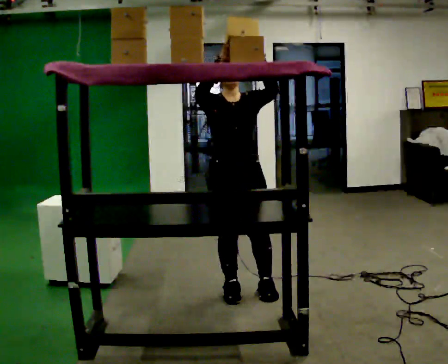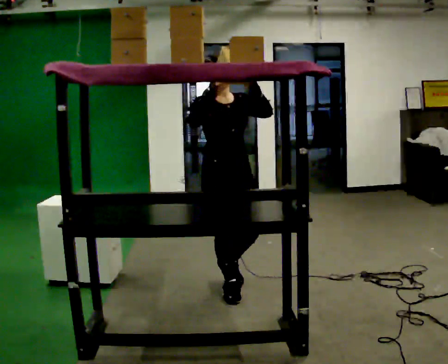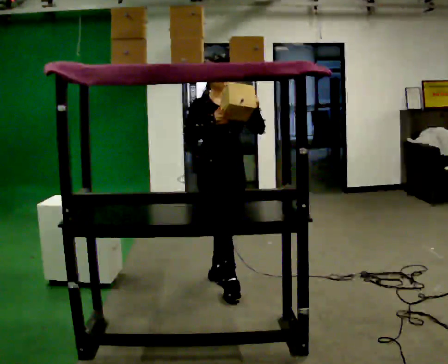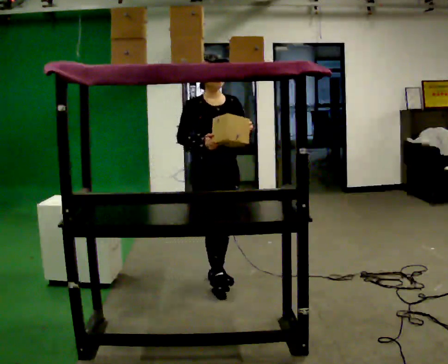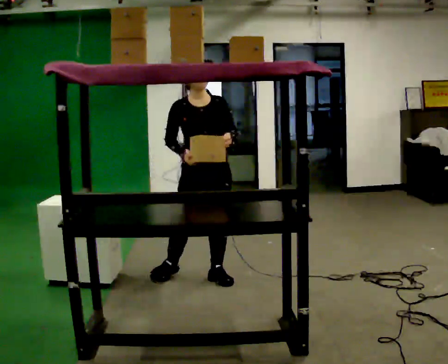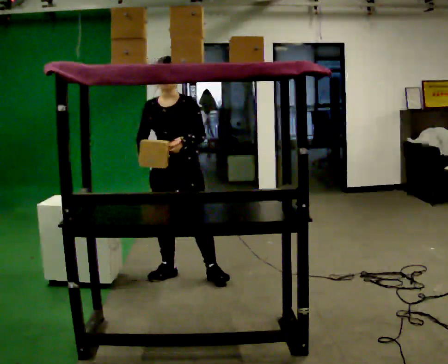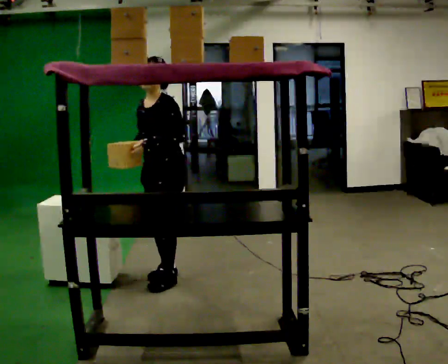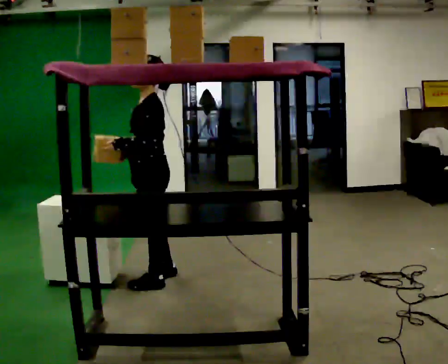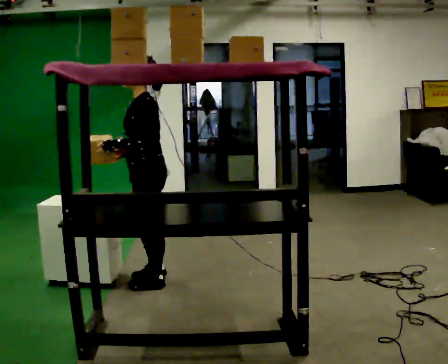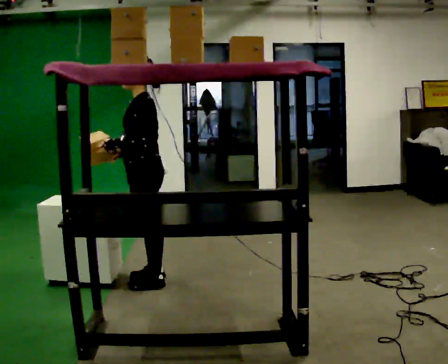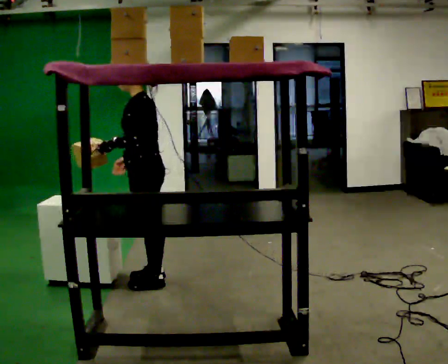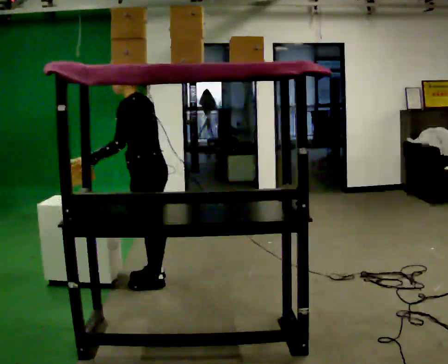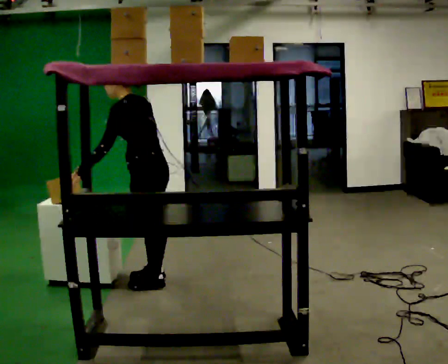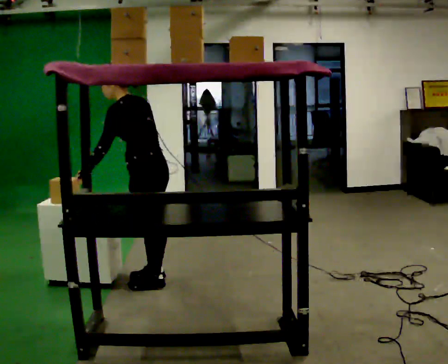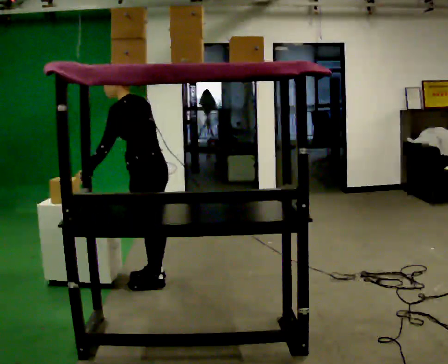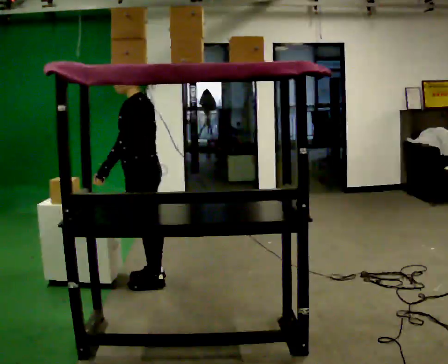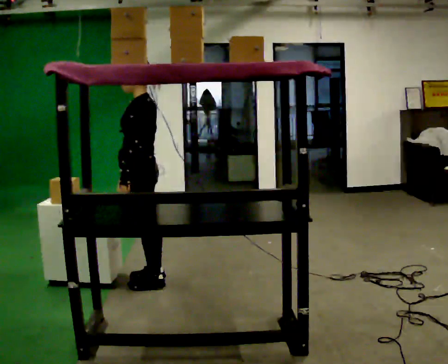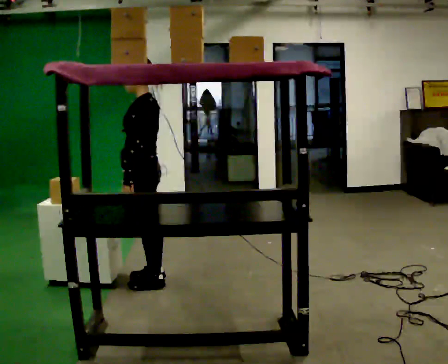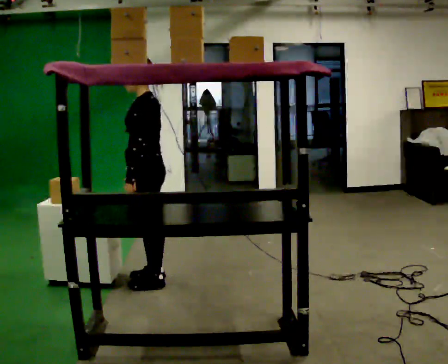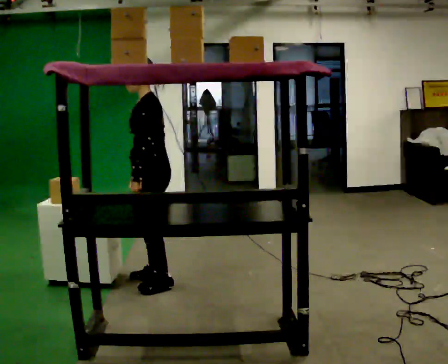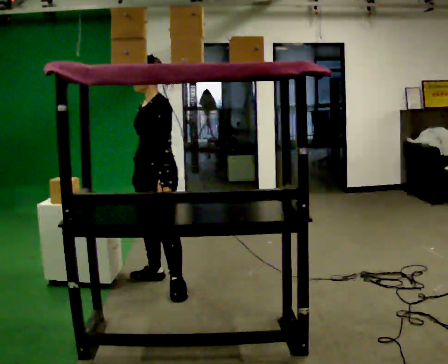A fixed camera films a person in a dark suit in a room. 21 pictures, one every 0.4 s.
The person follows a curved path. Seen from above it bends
counterclockwise.
Their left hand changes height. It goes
downward.
0.0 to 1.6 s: In the picture they go away from the camera and to the left, about 0.5 m in 2 steps, which for them is backward. In the picture their right hand goes downward.
1.6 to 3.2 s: Seen from above the body turns clockwise, about 105 degrees: to their right, with its near side sliding to the left. In the picture they go to the left, about 0.5 m in 1 step.
3.2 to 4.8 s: In the picture the upper body tilts counterclockwise, shoulders to the left, as they bend forward.
4.8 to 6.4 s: In the picture the upper body tilts clockwise, shoulders to the right, as they lean back or straighten.
6.4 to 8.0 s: The person turns about 30 degrees to their left, counterclockwise seen from above, so the part of the body nearest the lens slides to the right.
The film runs backward here.
